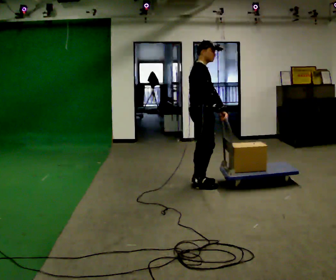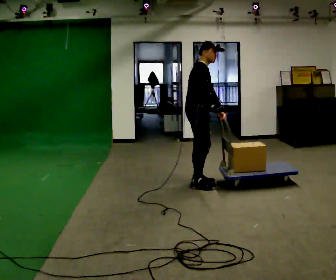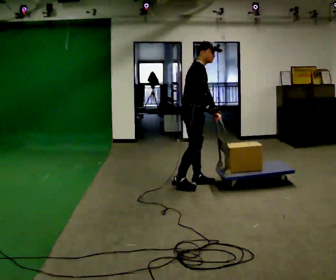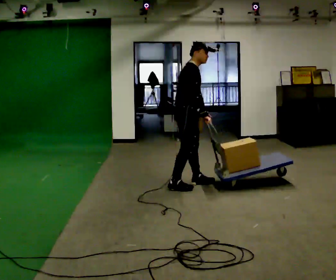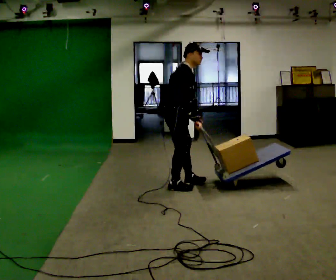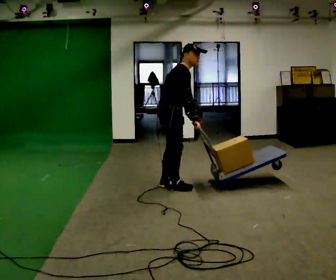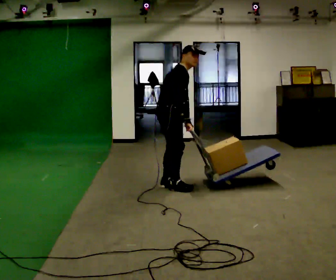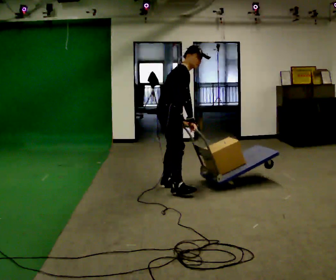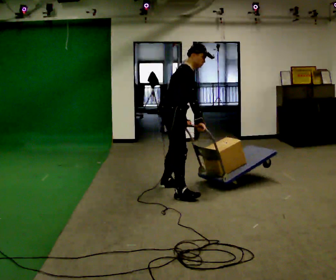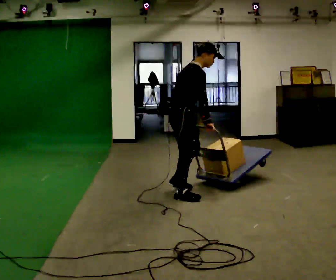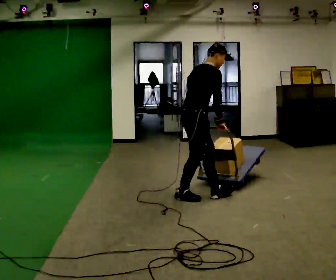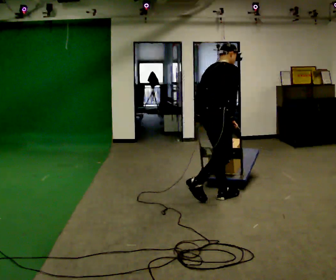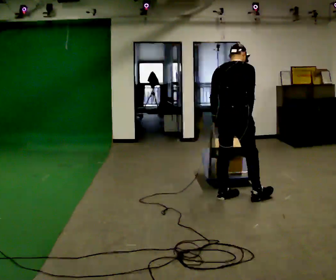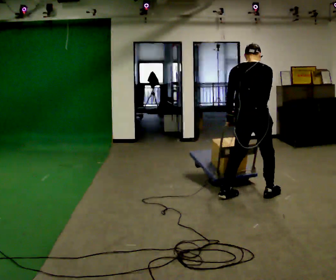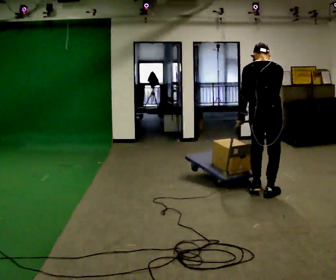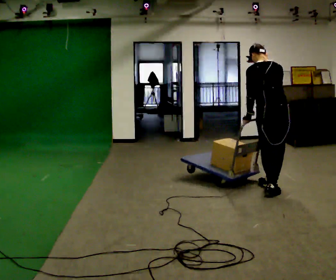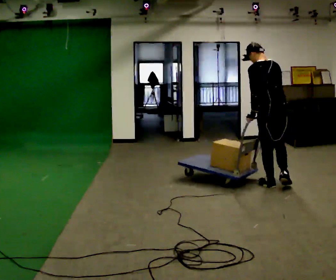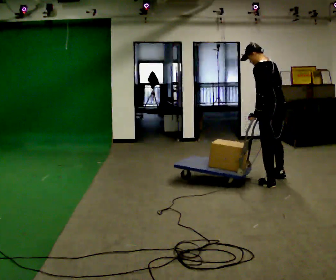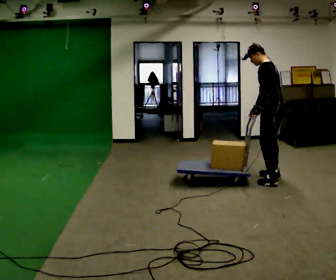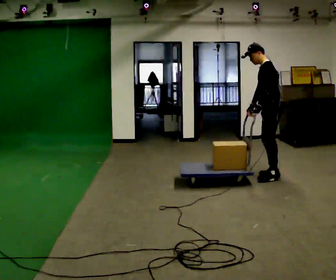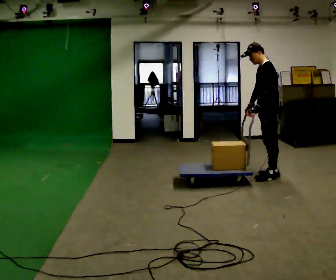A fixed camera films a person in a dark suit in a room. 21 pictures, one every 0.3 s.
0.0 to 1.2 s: In the picture they go to the left and toward the camera, about 0.25 m in 1 step, which for them is backward and to their right. In the picture the upper body tilts clockwise, shoulders to the right, as they bend forward.
1.2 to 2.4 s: In the picture they go toward the camera, about 0.25 m in 2 steps, which for them is to their right.
2.4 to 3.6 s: The person turns about 45 degrees to their left, counterclockwise seen from above, so the part of the body nearest the lens slides to the right. In the picture they go to the right, about 0.75 m in 1 step, which for them is forward and to their right. In the picture the upper body tilts counterclockwise, shoulders to the left.
3.6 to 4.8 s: Seen from above the body turns counterclockwise, about 60 degrees: to their left, with its near side sliding to the right. In the picture they go to the right and away from the camera, about 0.5 m in 2 steps. In the picture the upper body tilts counterclockwise, shoulders to the left.
4.8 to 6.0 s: The person turns about 60 degrees to their left, counterclockwise seen from above, so the part of the body nearest the lens slides to the right. In the picture they go away from the camera, about 0.5 m in 2 steps.
The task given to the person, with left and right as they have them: Turn the cart round to face the other way without moving it out of the marked square, then turn it back. Repeat until the operator says stop.
The film runs forward here.
